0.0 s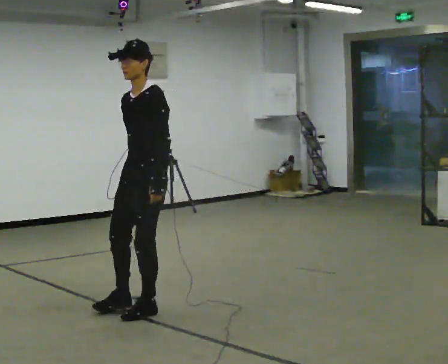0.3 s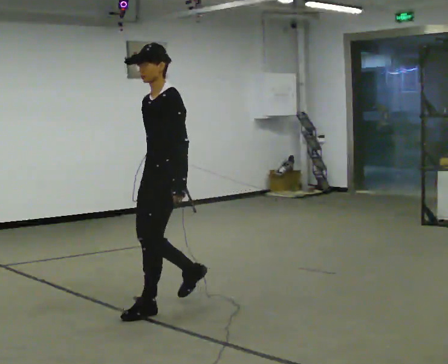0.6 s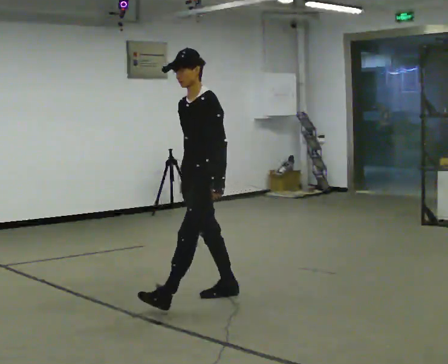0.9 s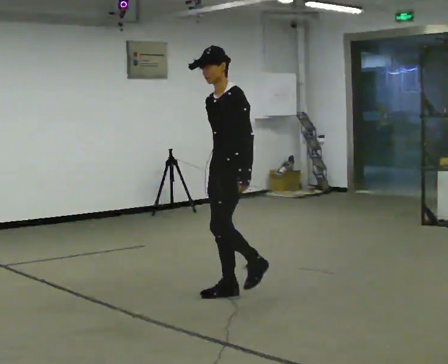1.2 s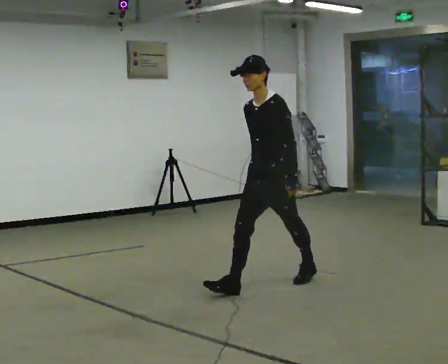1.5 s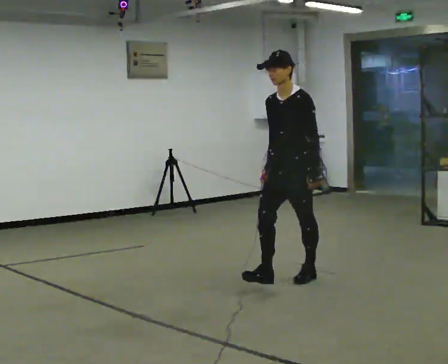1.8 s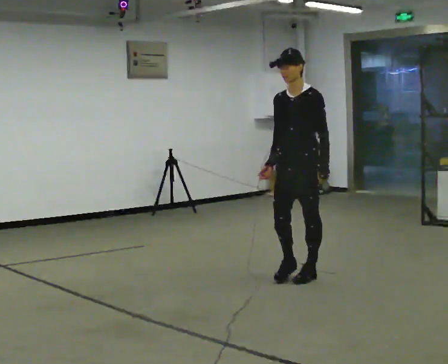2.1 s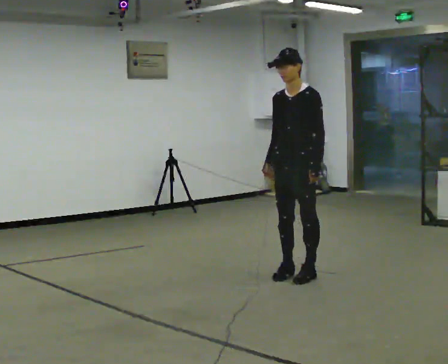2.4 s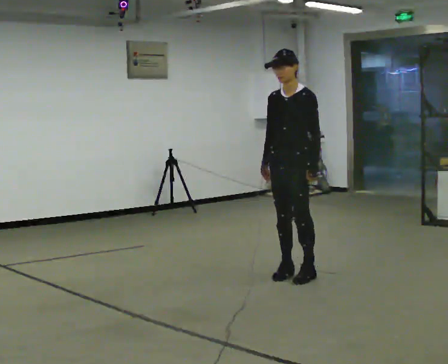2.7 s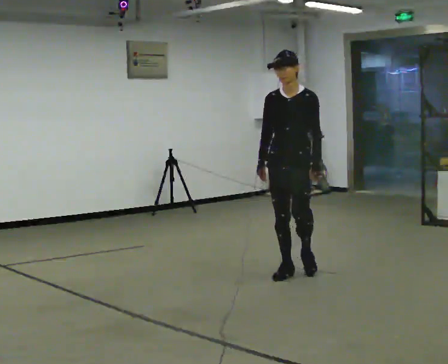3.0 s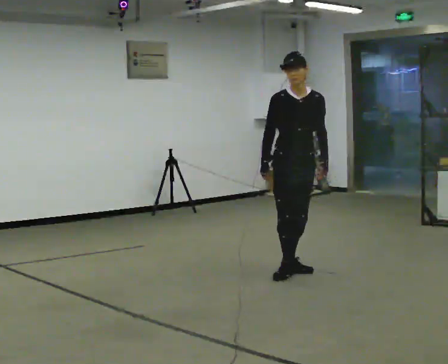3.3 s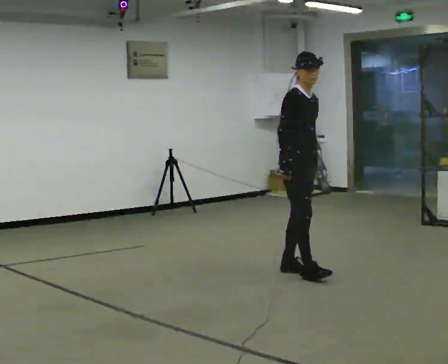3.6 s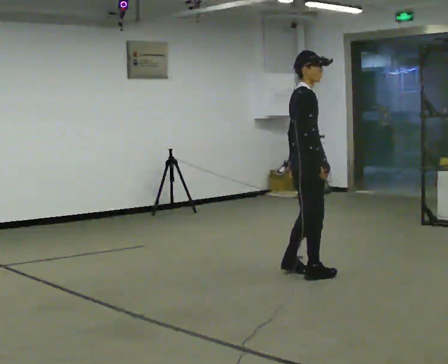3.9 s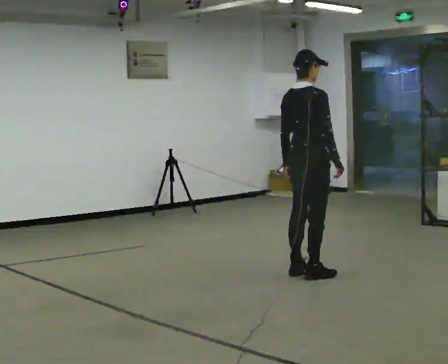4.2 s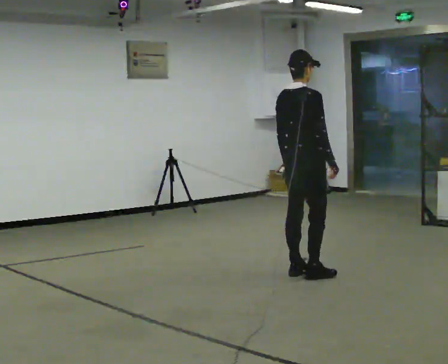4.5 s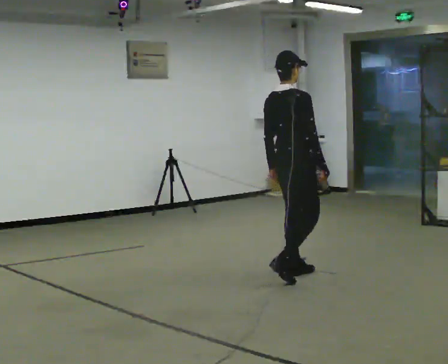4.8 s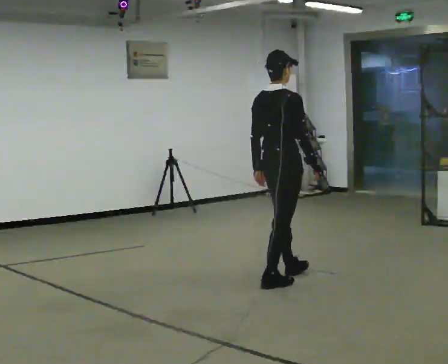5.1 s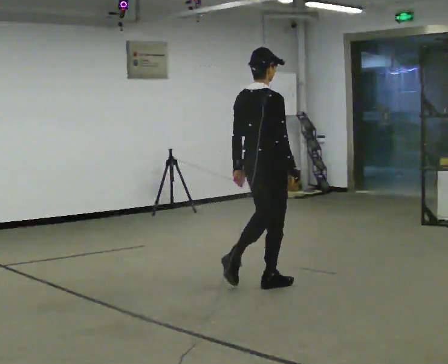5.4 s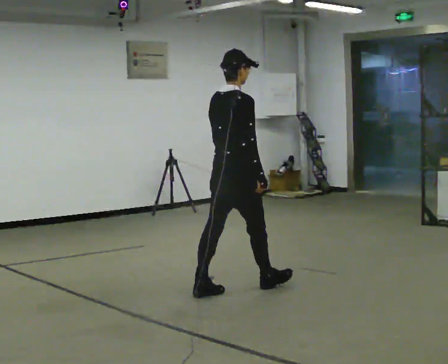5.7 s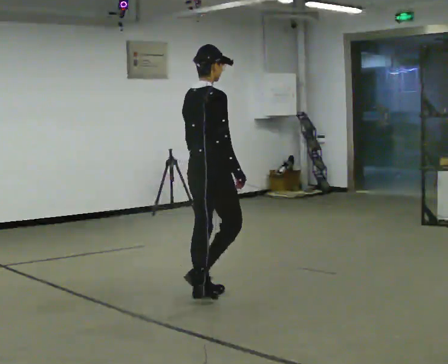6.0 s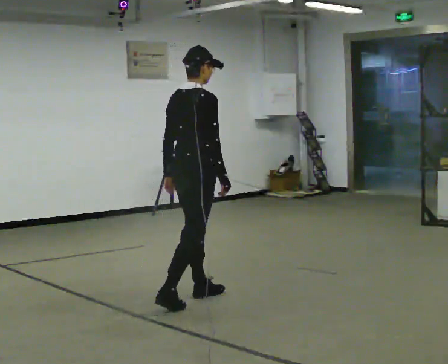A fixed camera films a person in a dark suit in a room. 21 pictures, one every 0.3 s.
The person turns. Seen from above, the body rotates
counterclockwise.
The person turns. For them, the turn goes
to their left.
0.0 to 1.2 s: In the picture they go to the right and away from the camera, about 1 m in 1 step, which for them is backward.
1.2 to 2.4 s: In the picture they go away from the camera and to the right, about 0.5 m in 1 step, which for them is backward.
2.4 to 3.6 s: The part of the body nearest the lens slides to the right as the person turns to their left by about 120 degrees. In the picture their right hand goes to the right, the arm swinging counterclockwise.
3.6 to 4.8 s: The part of the body nearest the lens slides to the right as the person turns to their left by about 45 degrees. In the picture they go toward the camera and to the left, about 0.25 m in 2 steps, which for them is backward.
4.8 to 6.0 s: In the picture they go to the left and toward the camera, about 1 m in 1 step, which for them is backward.
The film runs backward here.
